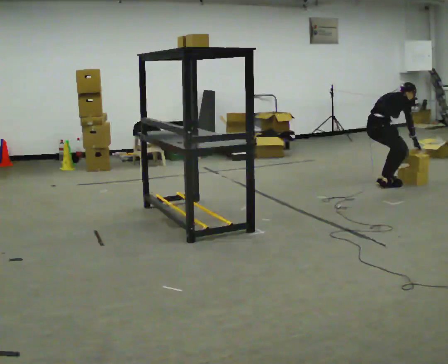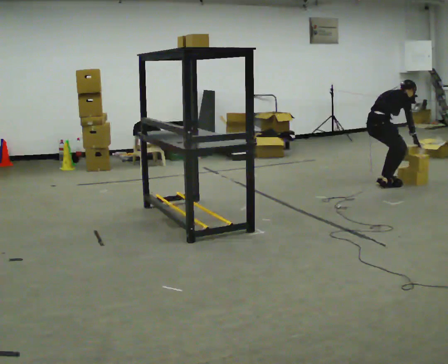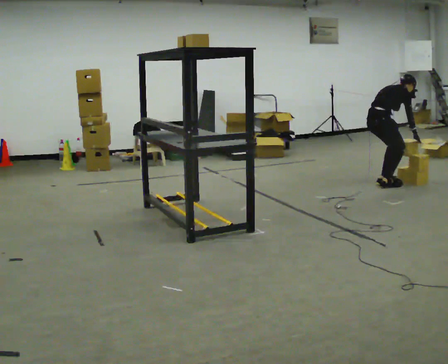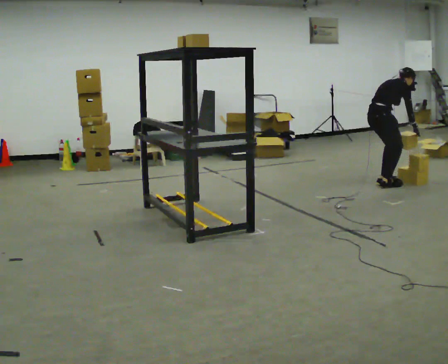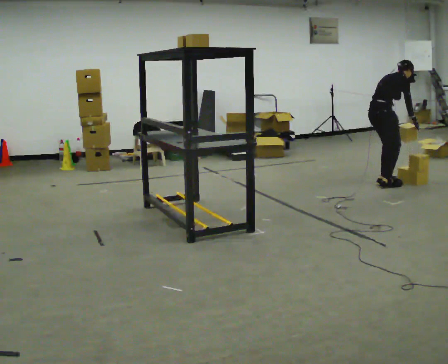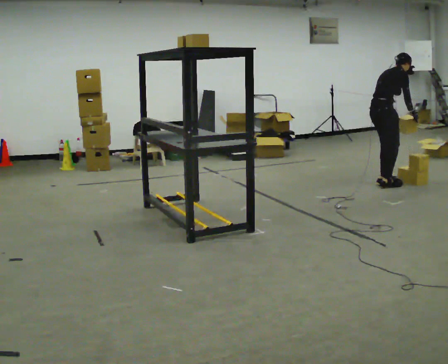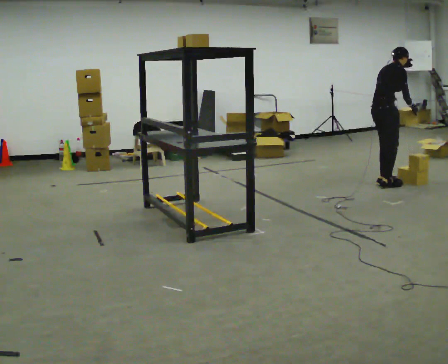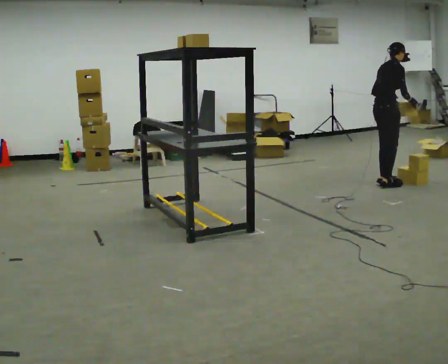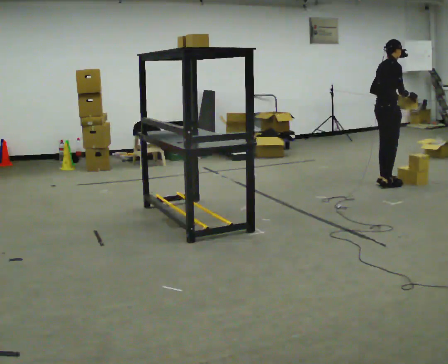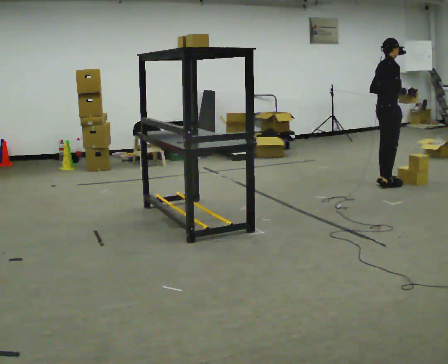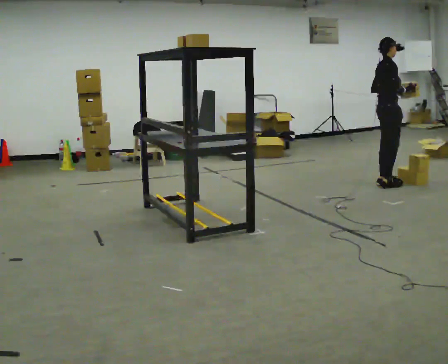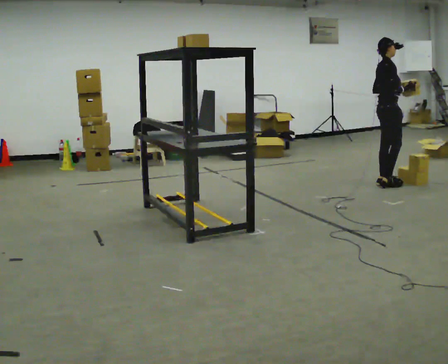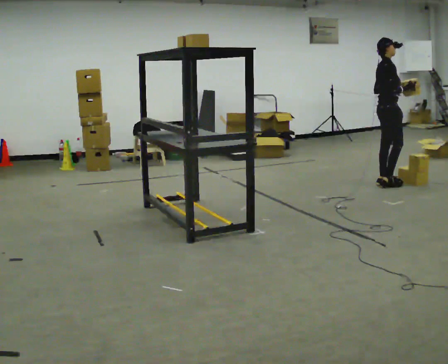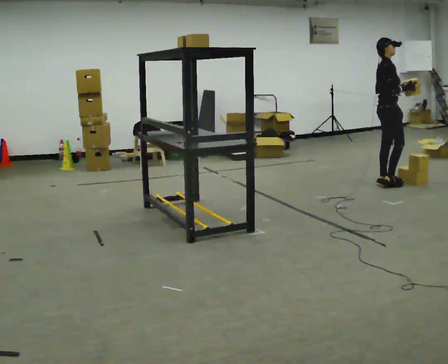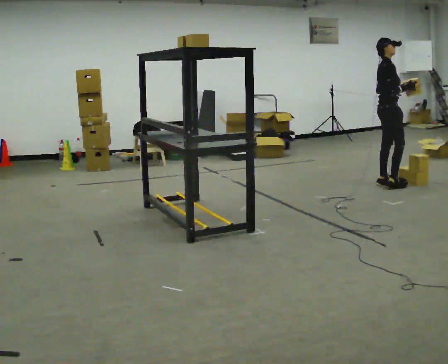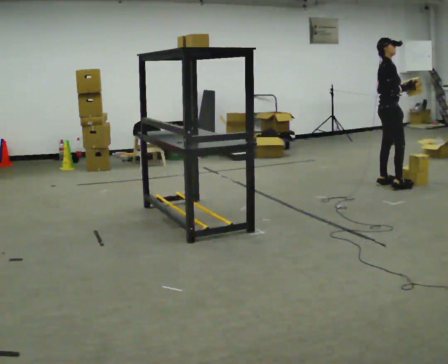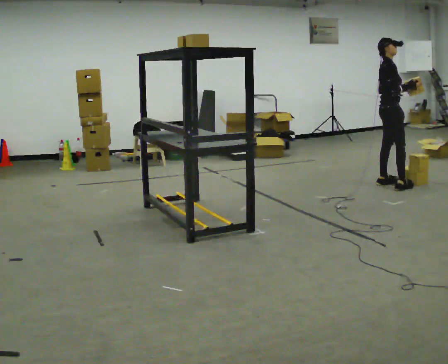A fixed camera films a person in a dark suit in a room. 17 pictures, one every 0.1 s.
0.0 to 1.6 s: The person turns about 30 degrees to their right, clockwise seen from above, so the part of the body nearest the lens slides to the left. The upper body goes upward. In the picture the upper body tilts counterclockwise, shoulders to the left, as they lean back or straighten. In the picture their left hand goes upward.
The film runs forward here.
